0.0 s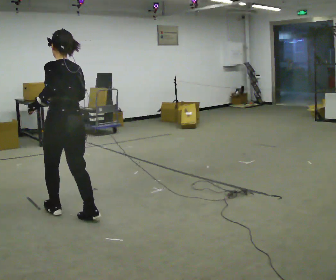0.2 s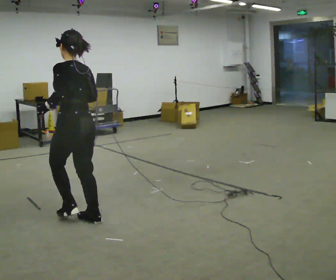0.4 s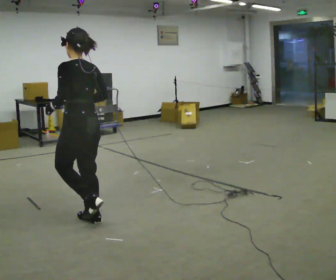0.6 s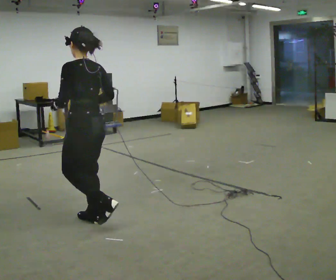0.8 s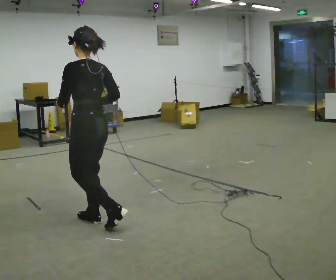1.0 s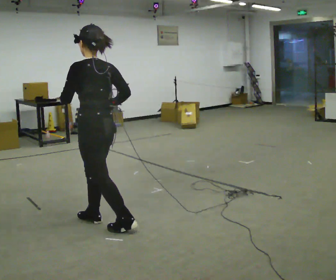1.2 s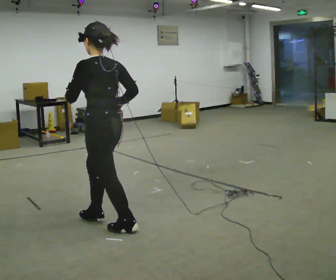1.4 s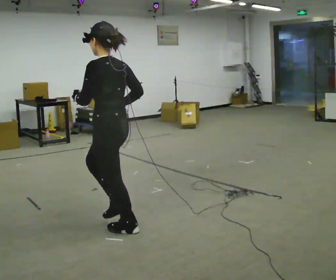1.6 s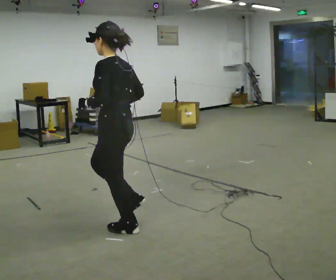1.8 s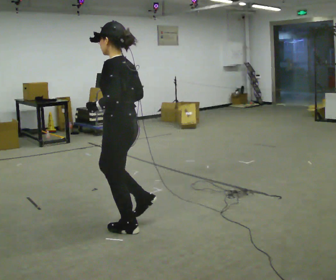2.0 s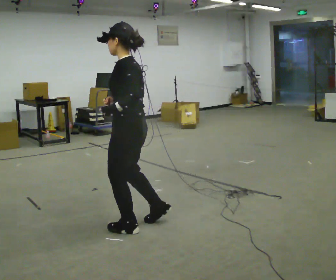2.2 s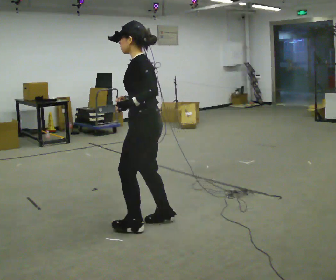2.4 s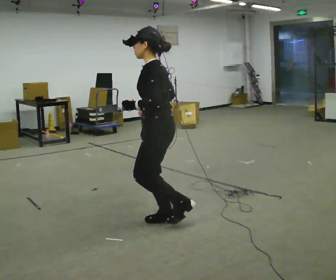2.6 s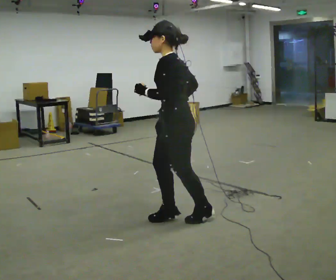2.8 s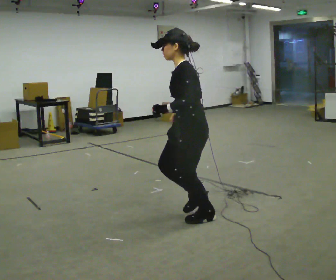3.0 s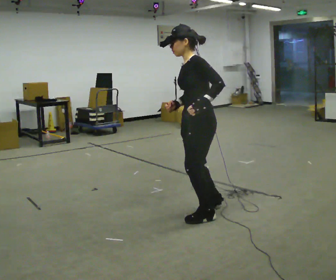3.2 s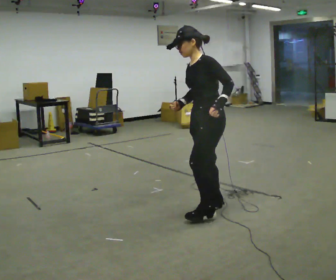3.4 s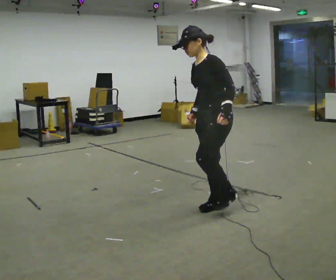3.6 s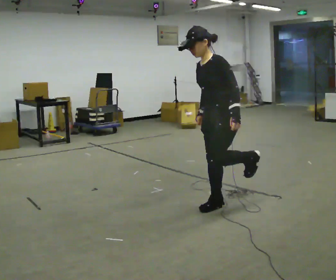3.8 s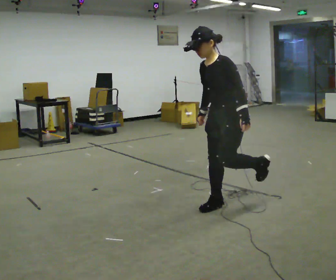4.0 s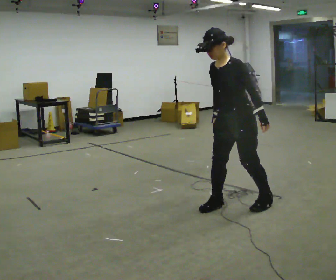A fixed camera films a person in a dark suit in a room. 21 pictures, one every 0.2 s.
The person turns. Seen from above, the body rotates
counterclockwise.
The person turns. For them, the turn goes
to their left.
0.0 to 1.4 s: In the picture they go to the right and toward the camera, about 0.5 m in 1 step, which for them is backward.
1.4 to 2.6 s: In the picture they go to the right, about 0.5 m in 2 steps, which for them is backward and to their right.
2.6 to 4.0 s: The part of the body nearest the lens slides to the right as the person turns to their left by about 30 degrees. In the picture they go to the right, about 0.5 m in 1 step, which for them is backward.
The film runs backward here.
